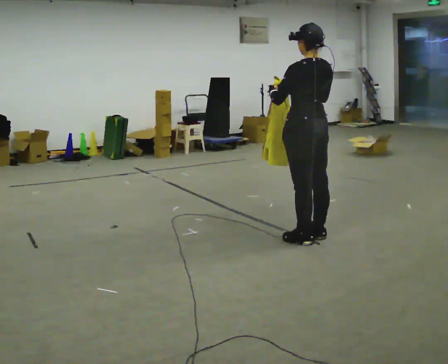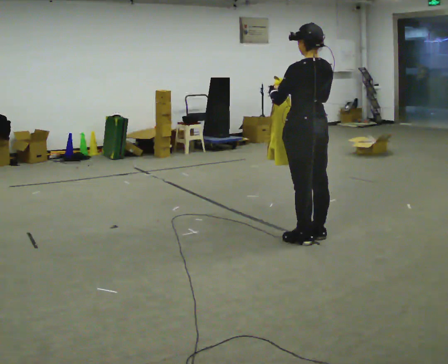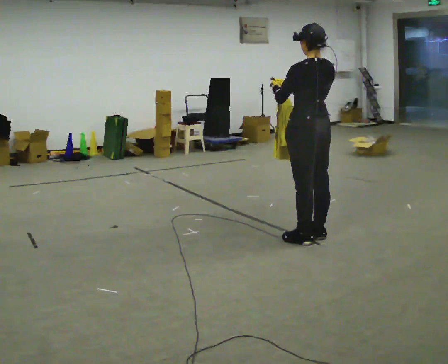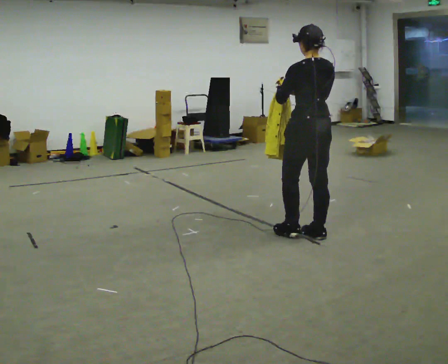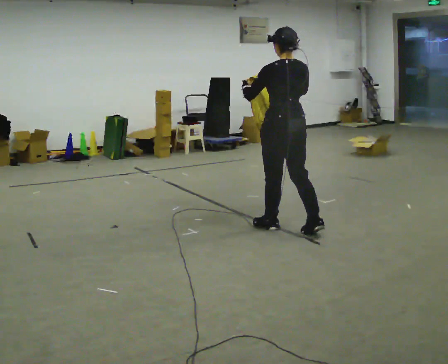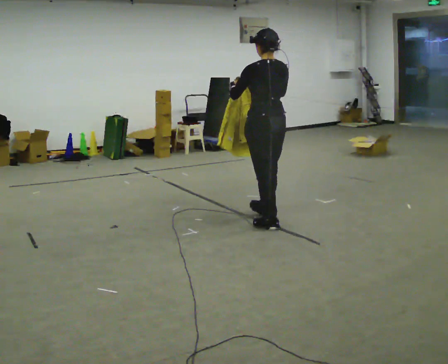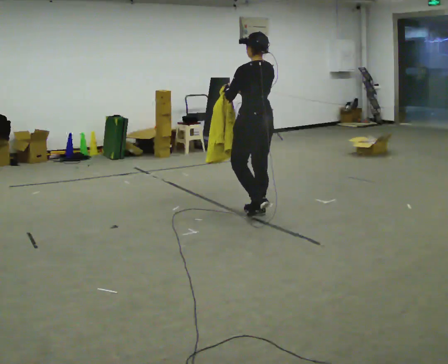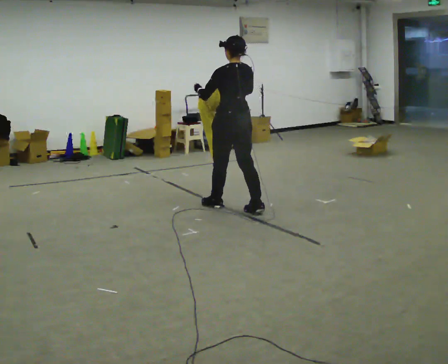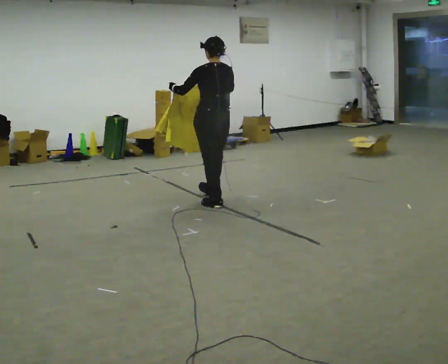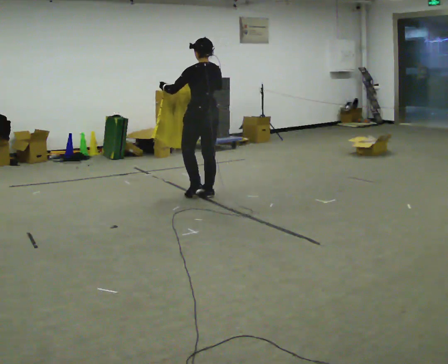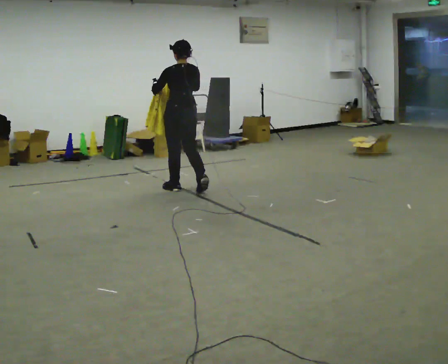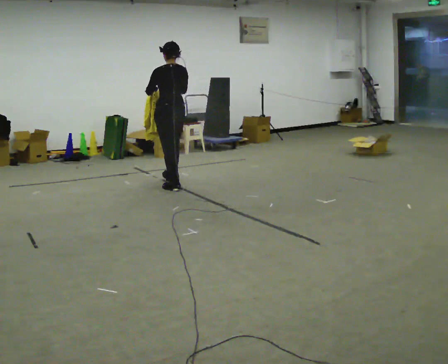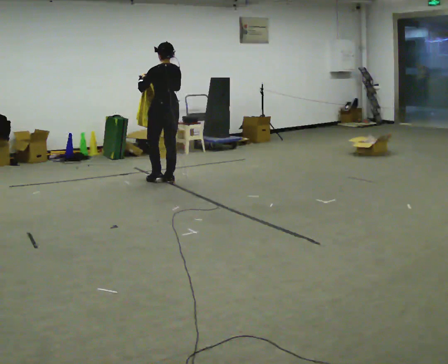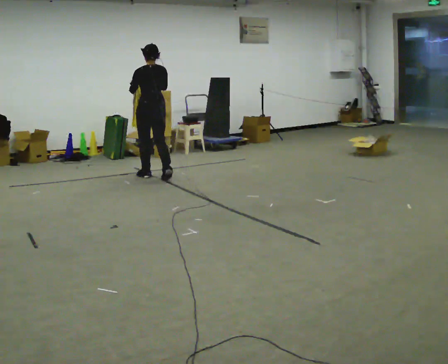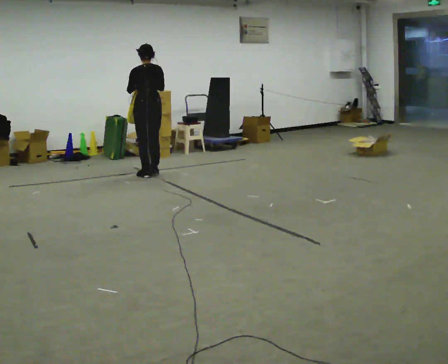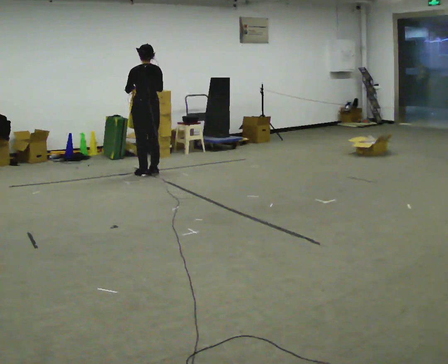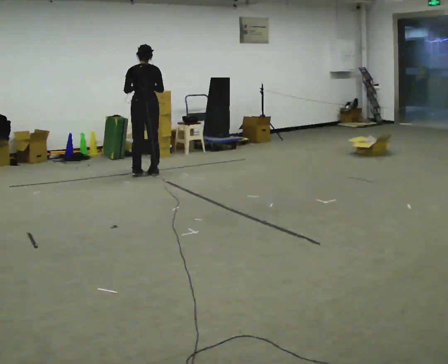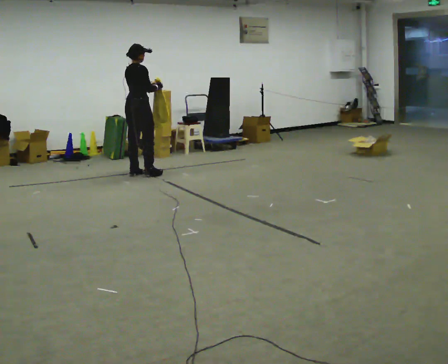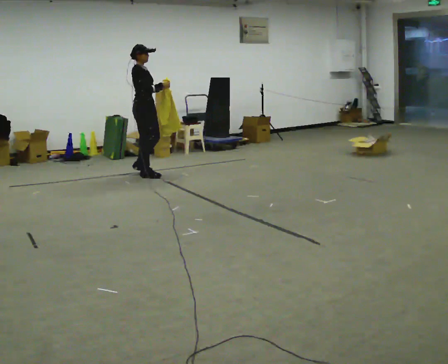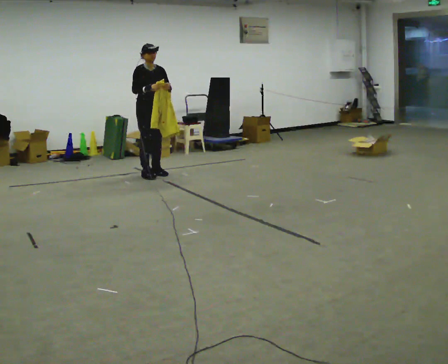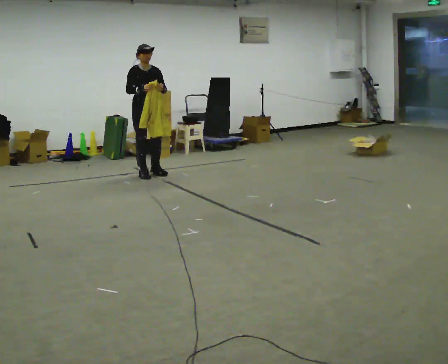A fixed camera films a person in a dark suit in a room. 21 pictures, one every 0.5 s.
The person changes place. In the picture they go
away from the camera.
0.0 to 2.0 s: In the picture they go away from the camera, about 0.25 m in 1 step, which for them is forward.
2.0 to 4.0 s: In the picture they go away from the camera and to the left, about 1 m in 2 steps, which for them is forward.
4.0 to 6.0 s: In the picture they go away from the camera and to the left, about 1 m in 3 steps, which for them is forward.
6.0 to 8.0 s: The person turns about 30 degrees to their right, clockwise seen from above, so the part of the body nearest the lens slides to the left. In the picture they go away from the camera and to the left, about 0.5 m in 2 steps, which for them is forward.
8.0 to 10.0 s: The person turns about 165 degrees to their right, clockwise seen from above, so the part of the body nearest the lens slides to the left. In the picture their left hand goes to the right.
The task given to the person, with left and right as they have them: Carry the cloth and, while walking, fold it in half, then unfold it. Keep repeating as you walk. Do not stop.
The film runs forward here.
